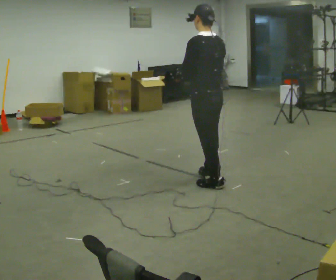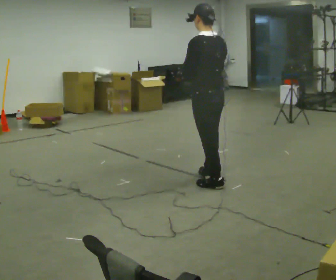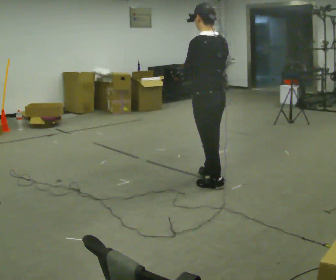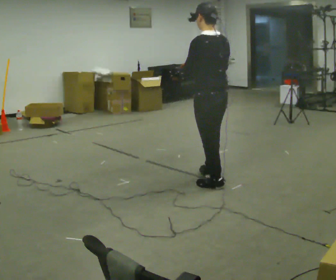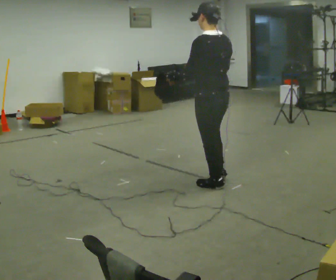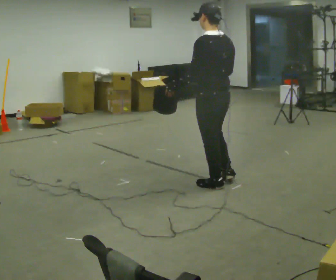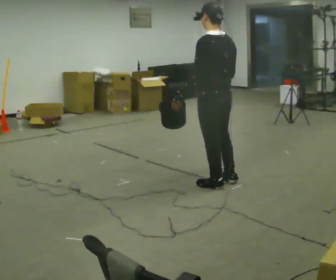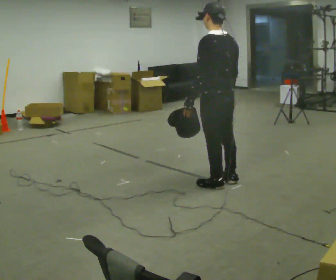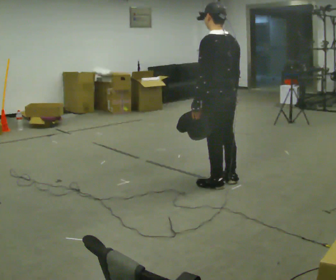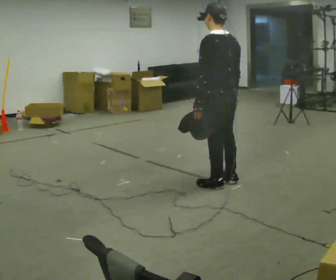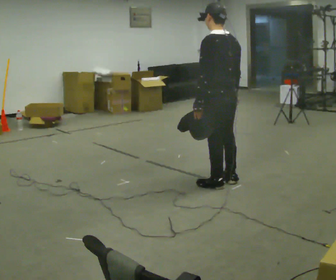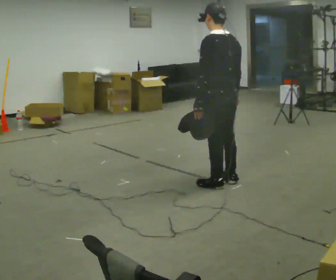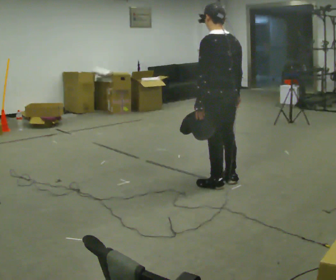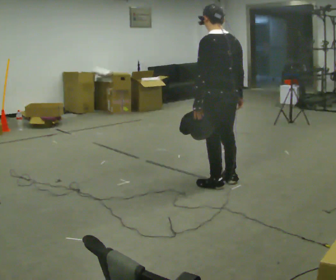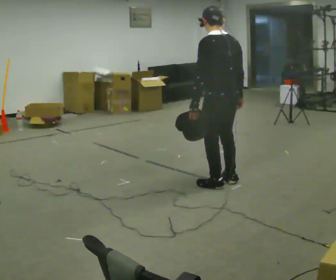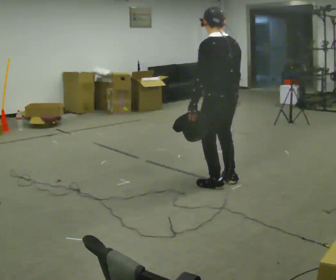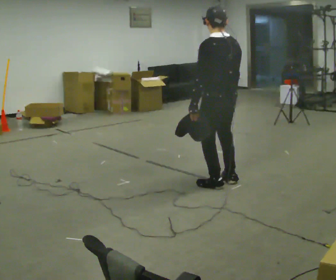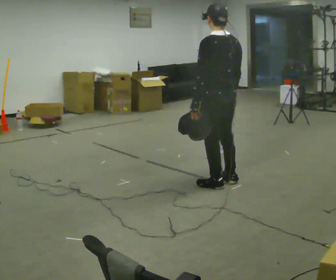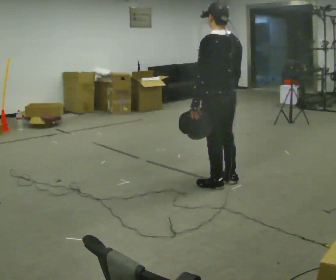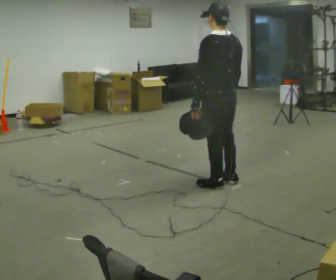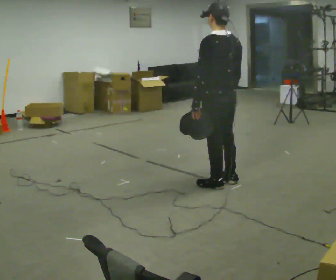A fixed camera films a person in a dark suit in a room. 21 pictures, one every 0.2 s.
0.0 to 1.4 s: In the picture their right hand goes to the right.
1.4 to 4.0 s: The person moves a little, or ends about where they began.
The film runs backward here.
